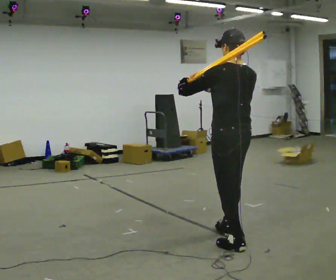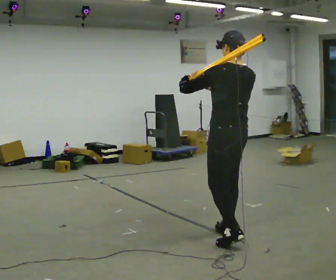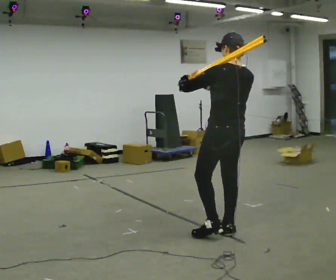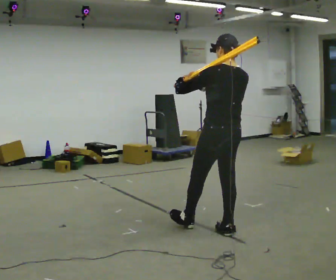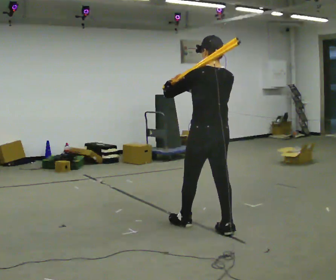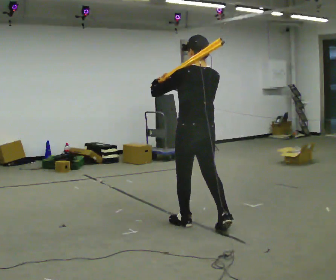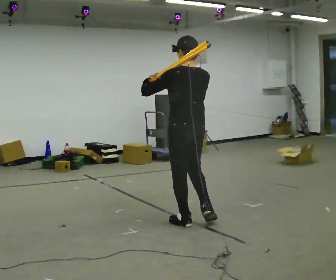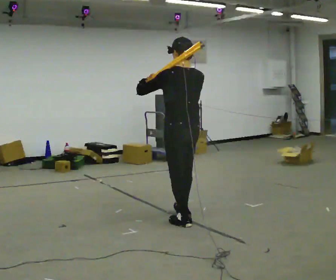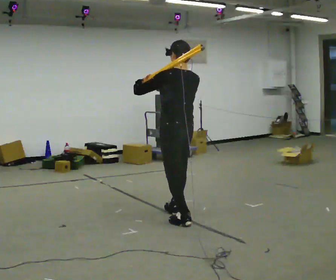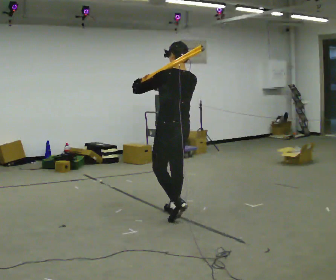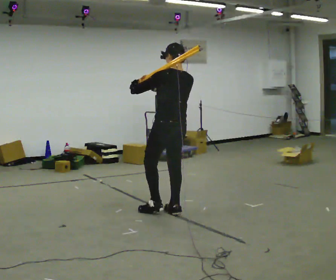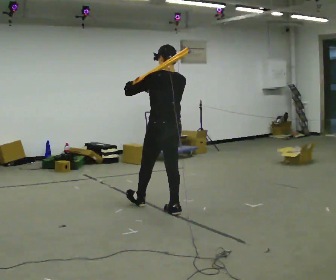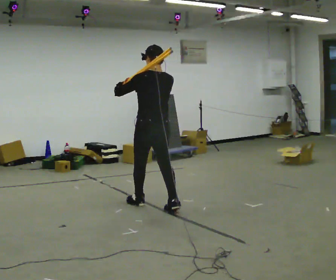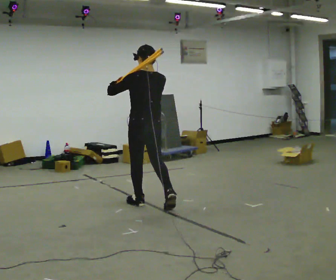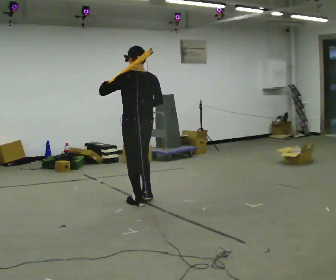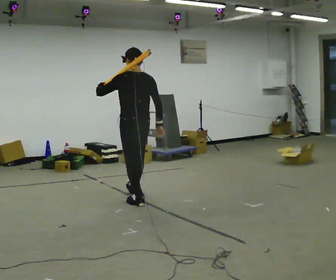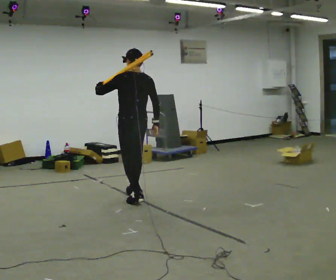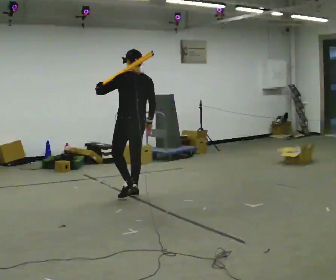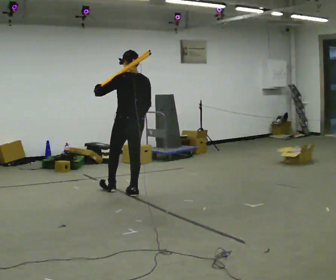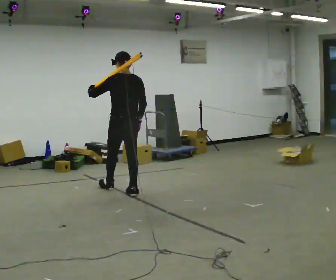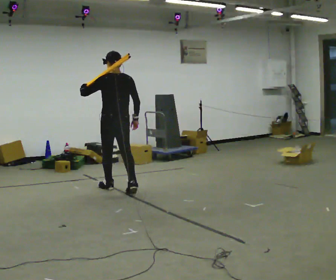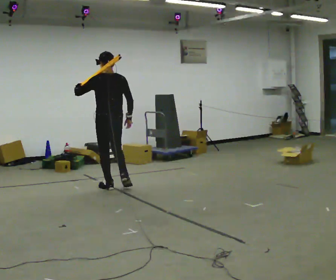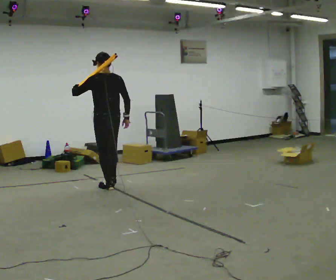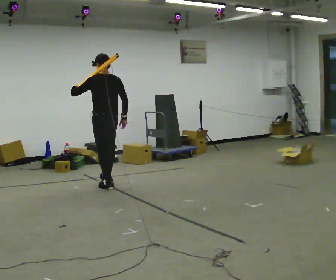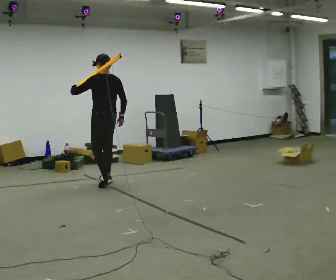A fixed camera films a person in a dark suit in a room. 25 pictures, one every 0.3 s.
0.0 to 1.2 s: In the picture they go away from the camera and to the left, about 0.5 m in 1 step, which for them is forward.
1.2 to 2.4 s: In the picture they go away from the camera and to the left, about 0.5 m in 1 step, which for them is forward.
2.4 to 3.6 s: In the picture they go away from the camera and to the left, about 0.5 m in 1 step, which for them is forward.
3.6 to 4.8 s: In the picture they go away from the camera and to the left, about 0.5 m in 1 step, which for them is forward. In the picture their right hand goes downward.
4.8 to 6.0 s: In the picture they go away from the camera and to the left, about 0.5 m in 1 step, which for them is forward.
6.0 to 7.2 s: In the picture they go away from the camera and to the left, about 0.5 m in 1 step, which for them is forward.
The film runs forward here.
